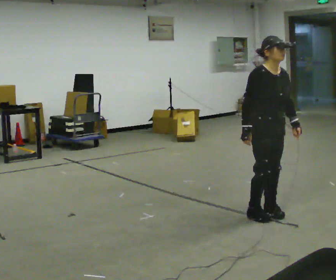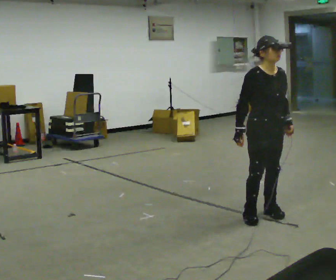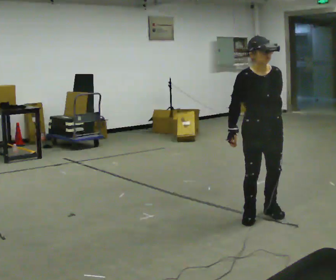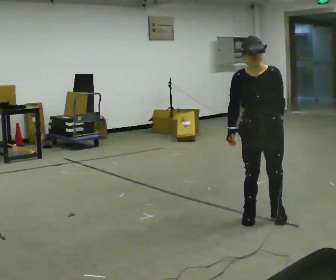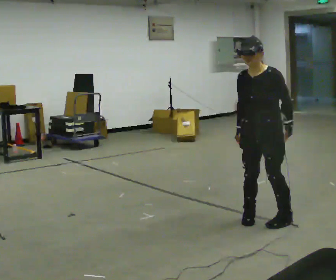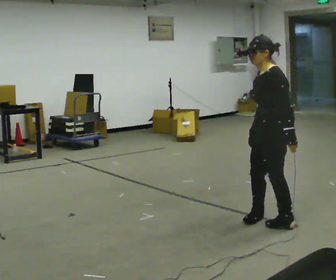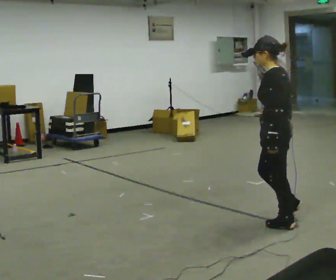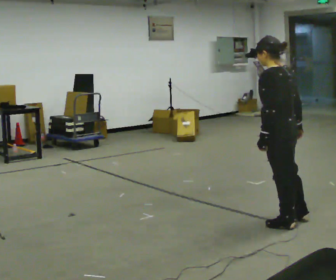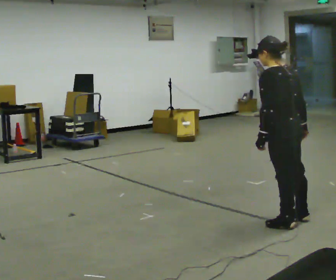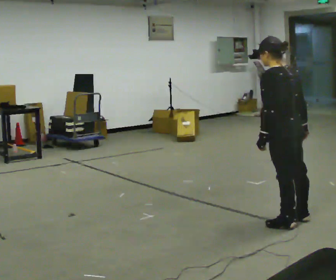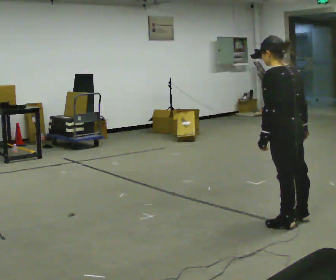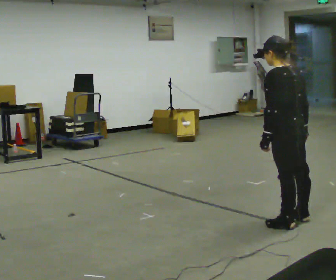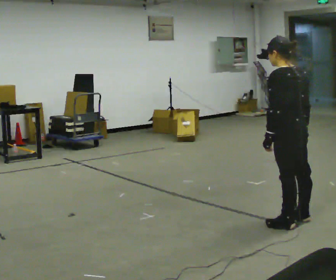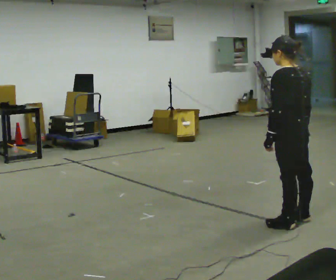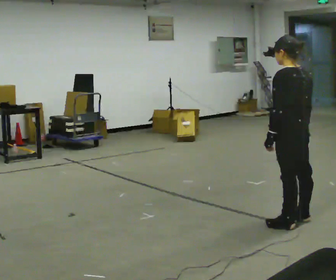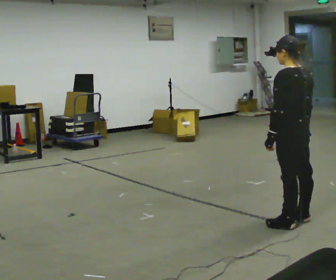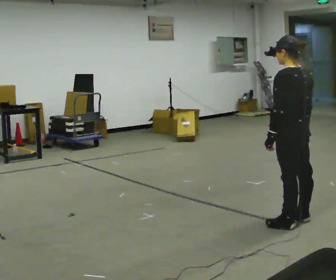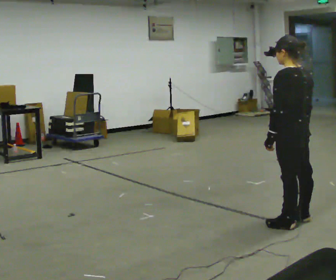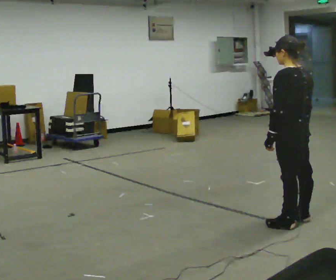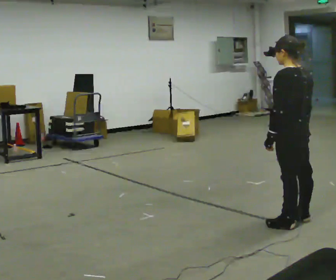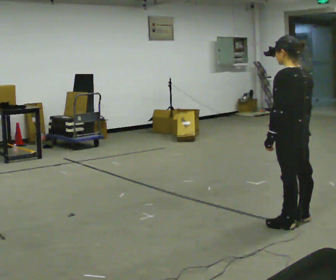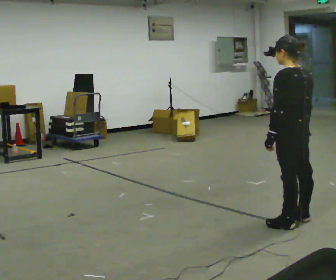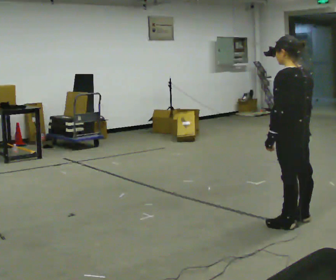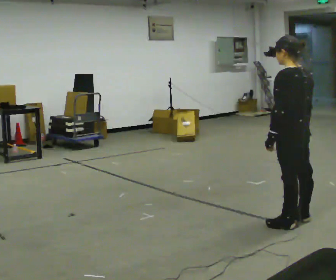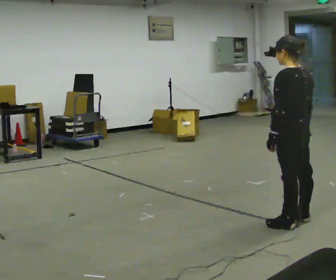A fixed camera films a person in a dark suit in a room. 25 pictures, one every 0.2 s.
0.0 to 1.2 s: The part of the body nearest the lens slides to the left as the person turns to their right by about 150 degrees. In the picture they go toward the camera, about 0.25 m in 2 steps. In the picture their right hand goes to the right.
1.2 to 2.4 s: The part of the body nearest the lens slides to the left as the person turns to their right by about 30 degrees.
2.4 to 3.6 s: The person moves a little, or ends about where they began.
3.6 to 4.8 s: The person keeps their place and pose.
The film runs backward here.
